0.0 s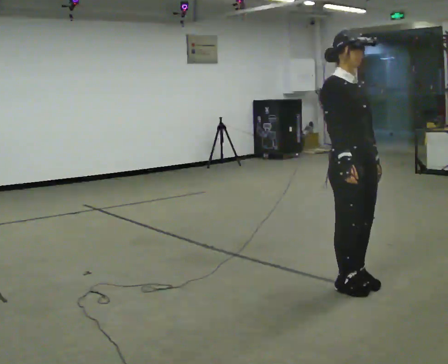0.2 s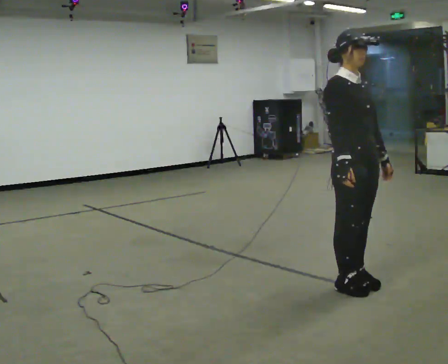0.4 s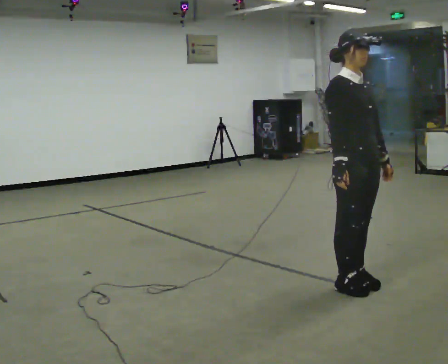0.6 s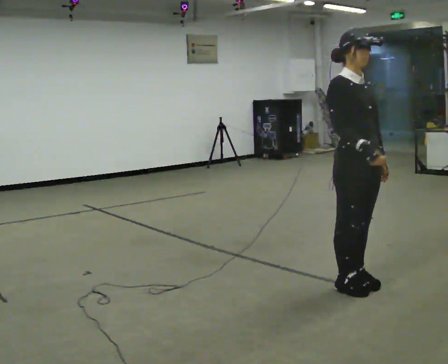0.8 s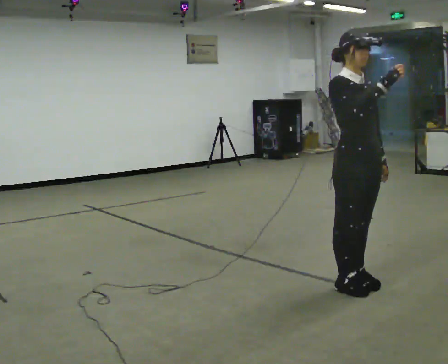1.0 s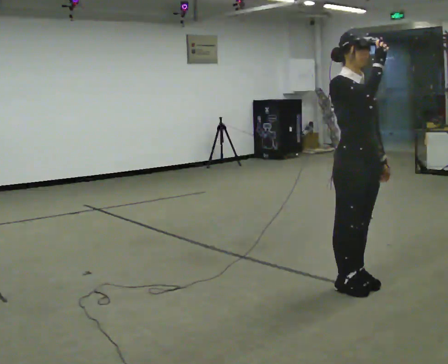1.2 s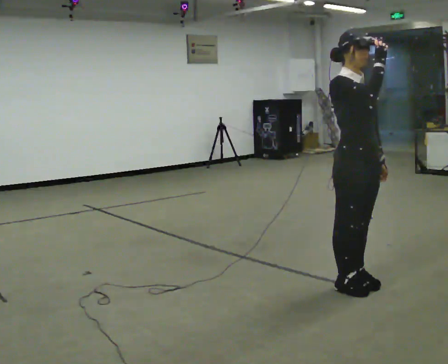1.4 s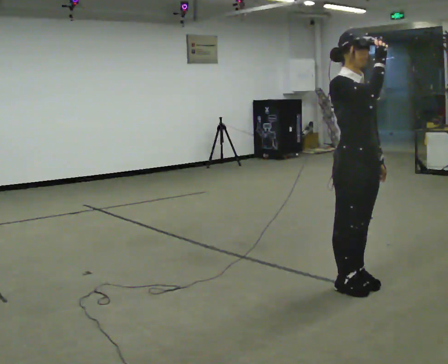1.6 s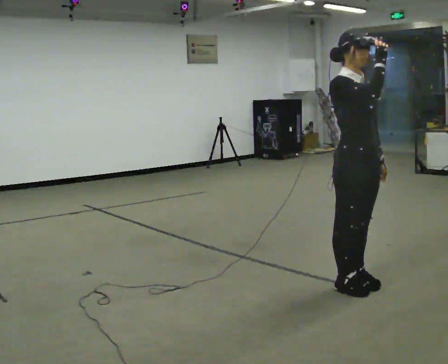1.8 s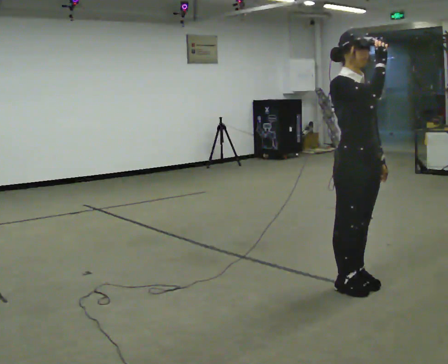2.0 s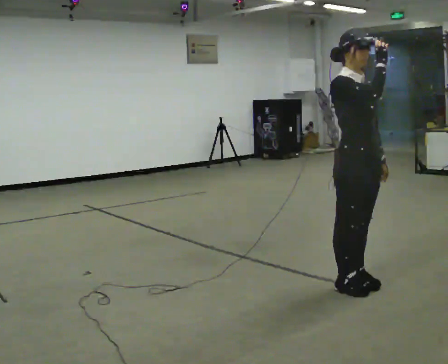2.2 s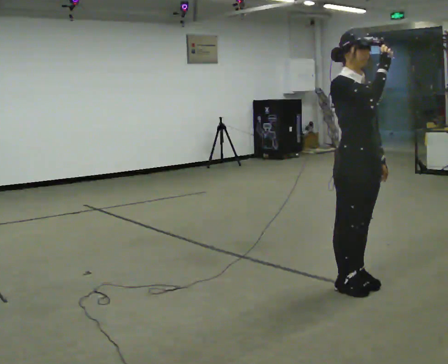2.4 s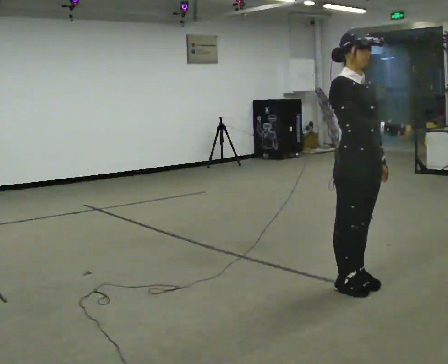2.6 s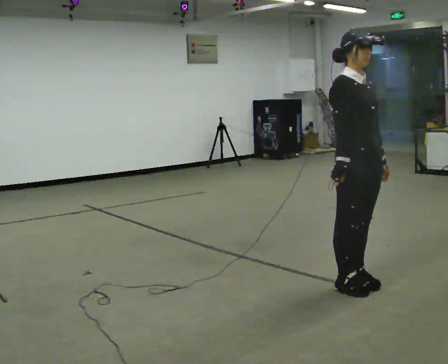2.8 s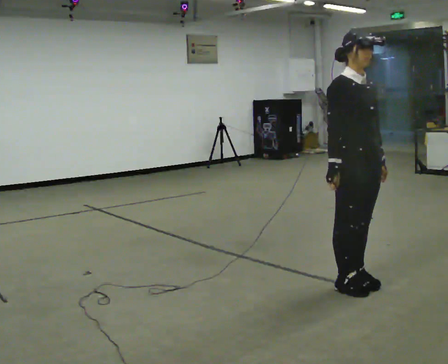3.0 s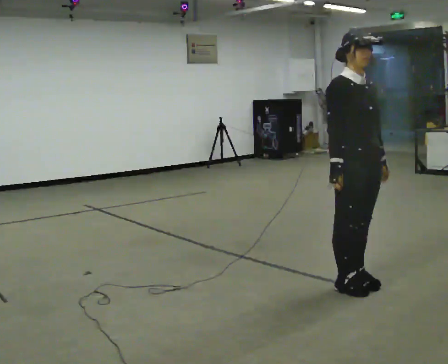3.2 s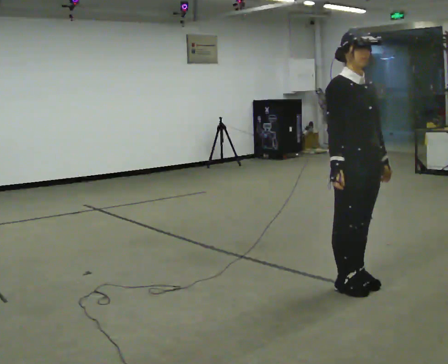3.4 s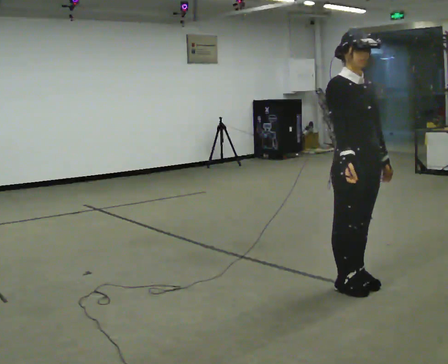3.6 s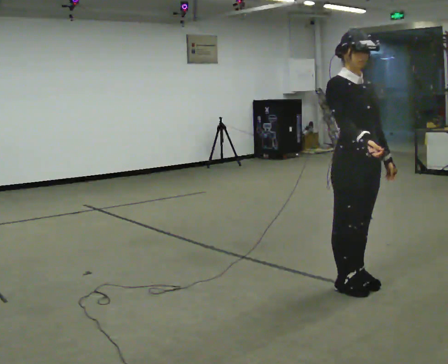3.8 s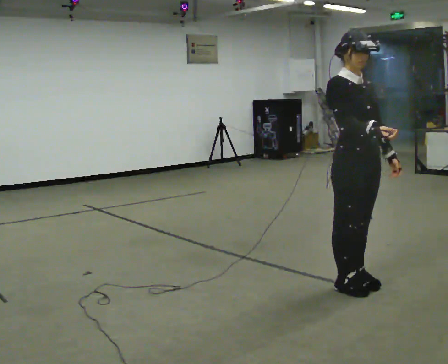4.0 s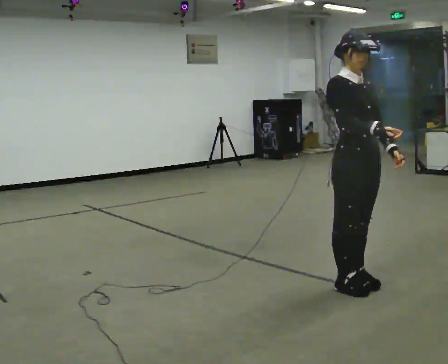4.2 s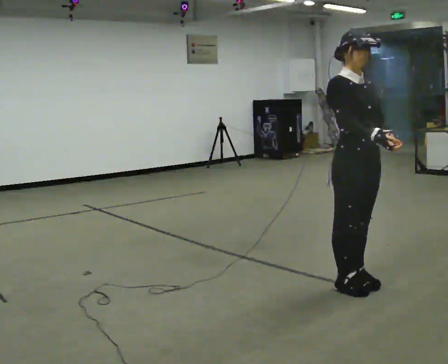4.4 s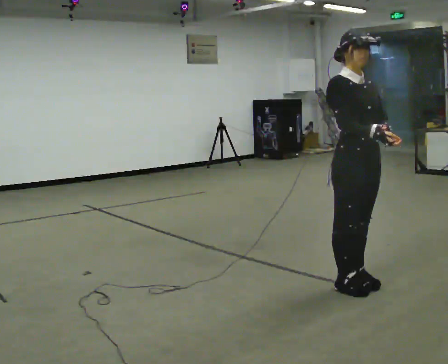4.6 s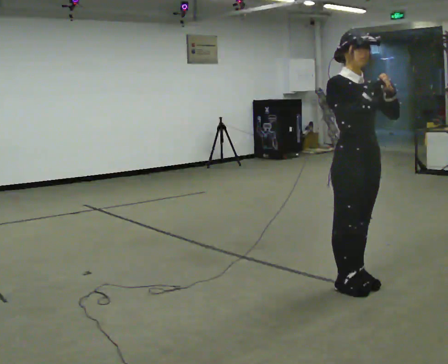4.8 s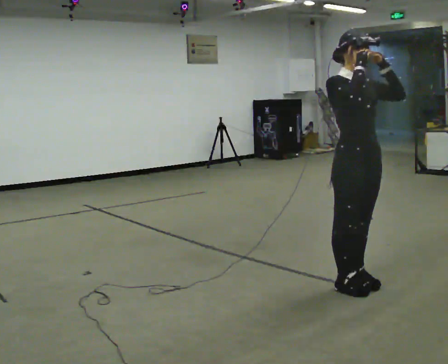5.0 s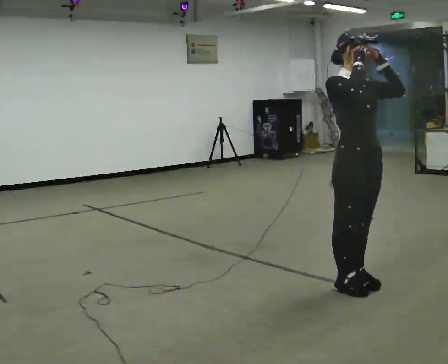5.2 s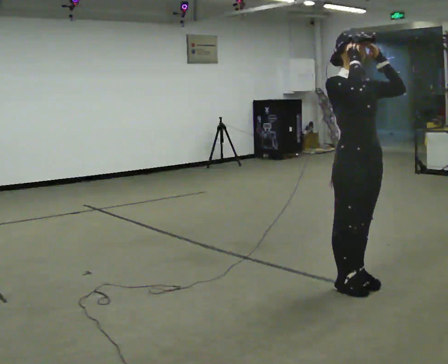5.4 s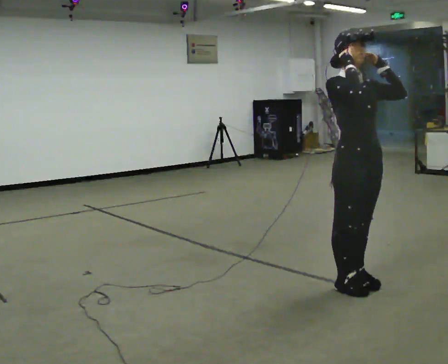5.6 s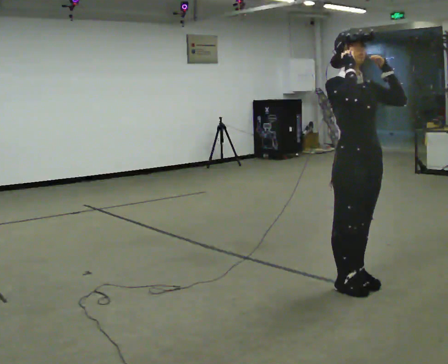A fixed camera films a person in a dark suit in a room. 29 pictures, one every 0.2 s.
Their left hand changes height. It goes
upward.
0.0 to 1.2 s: In the picture their right hand goes upward.
1.2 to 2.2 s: The person moves a little, or ends about where they began.
2.2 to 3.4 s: In the picture their right hand goes downward.
3.4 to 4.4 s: The person moves a little, or ends about where they began.
4.4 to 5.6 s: In the picture their right hand goes upward.
The film runs forward here.
